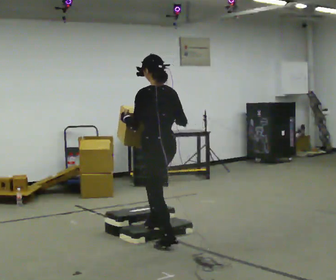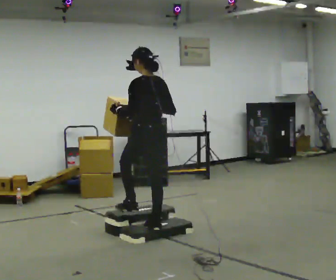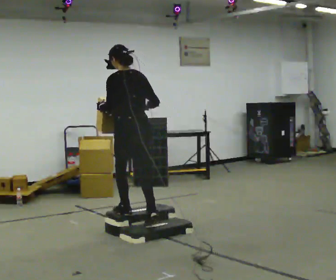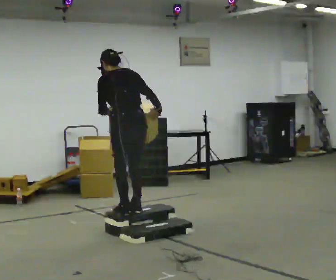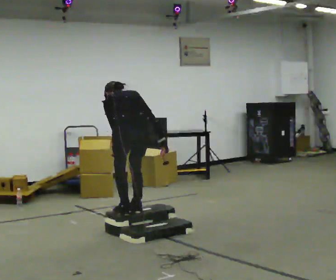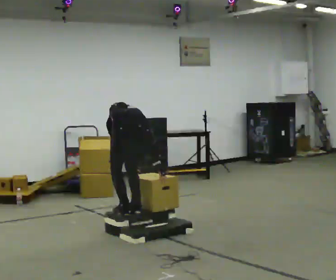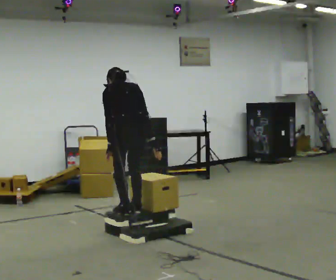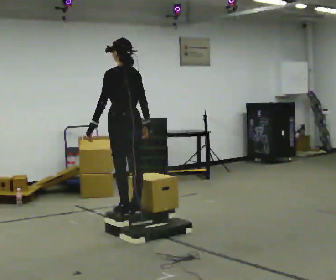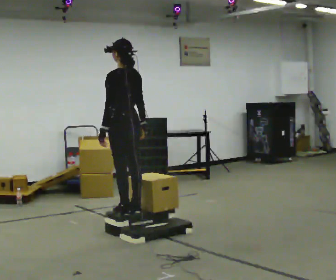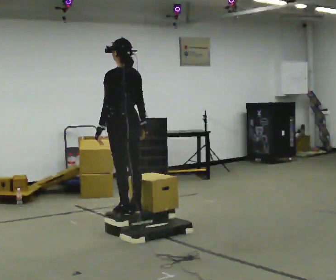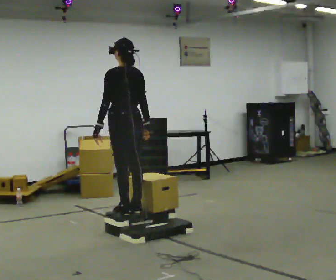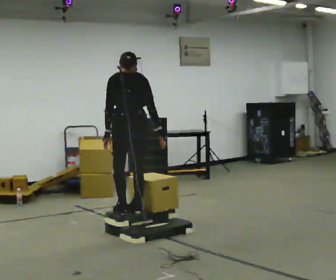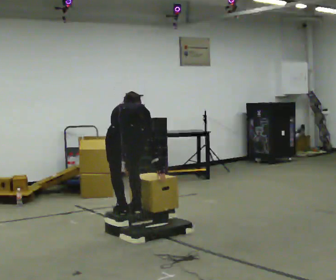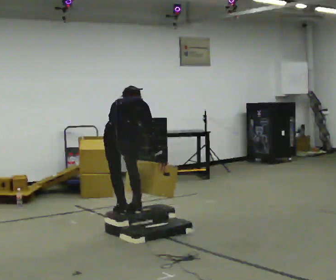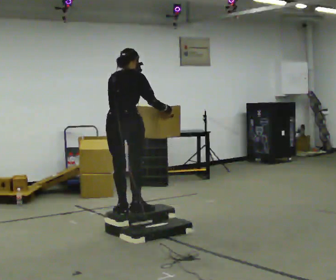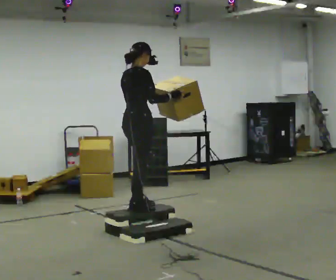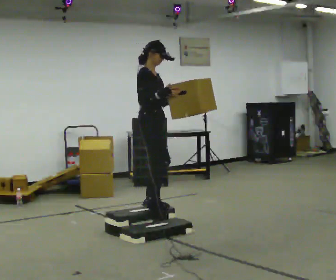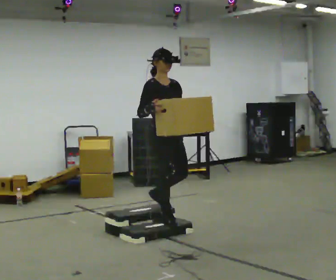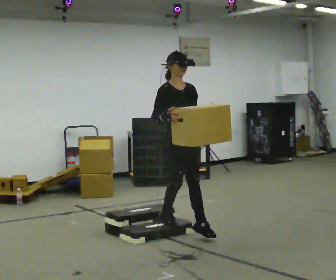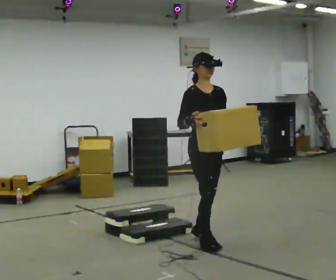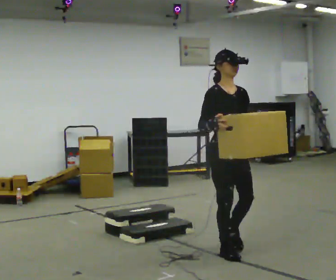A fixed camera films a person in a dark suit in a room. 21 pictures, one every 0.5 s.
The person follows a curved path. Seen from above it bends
clockwise.
0.0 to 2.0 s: In the picture they go away from the camera and to the left, about 0.25 m in 2 steps, which for them is forward and to their left. The upper body tips away from the camera, its near side rolling upward, as they bend forward.
2.0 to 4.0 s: Seen from above the body turns counterclockwise, about 30 degrees: to their left, with its near side sliding to the right. In the picture they go away from the camera, about 0.25 m, which for them is forward. The upper body tips toward the camera, its near side rolling downward, as they lean back or straighten.
4.0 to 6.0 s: Seen from above the body turns clockwise, about 45 degrees: to their right, with its near side sliding to the left. In the picture they go toward the camera, about 0.25 m, which for them is backward. The shoulders move downward. The upper body tips away from the camera, its near side rolling upward, as they bend forward. In the picture their right hand goes downward.
6.0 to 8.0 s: Seen from above the body turns clockwise, about 105 degrees: to their right, with its near side sliding to the left. In the picture they go away from the camera and to the right, about 0.25 m in 1 step. The upper body goes upward. The upper body tips toward the camera, its near side rolling downward, as they lean back or straighten. In the picture their left hand goes upward.
8.0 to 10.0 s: The person turns about 30 degrees to their right, clockwise seen from above, so the part of the body nearest the lens slides to the left. In the picture they go toward the camera and to the right, about 1 m in 3 steps, which for them is forward.
The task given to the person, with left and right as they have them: Carry the box up the three steps, turn at the top, and carry it back down. Use the handrail only if you need it. Keep going until the operator says stop; one object at a time, and do not rush between trips.
The film runs forward here.
